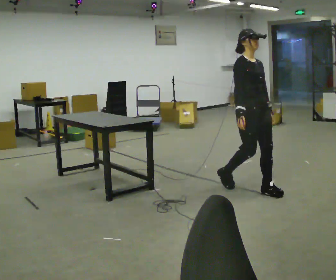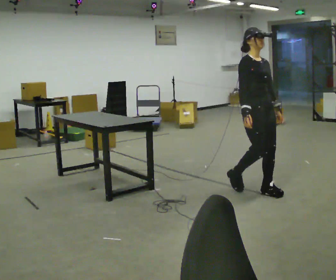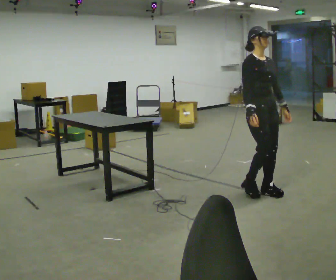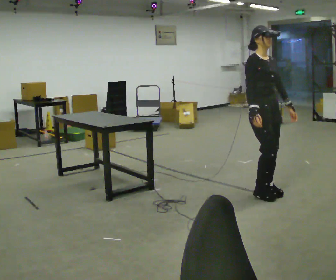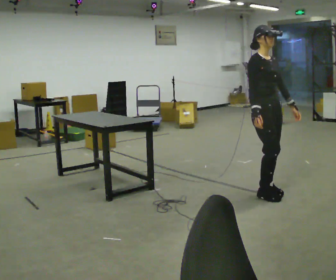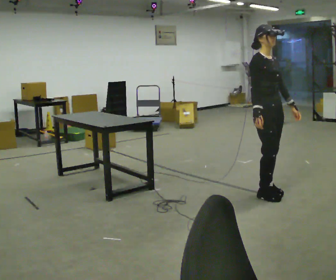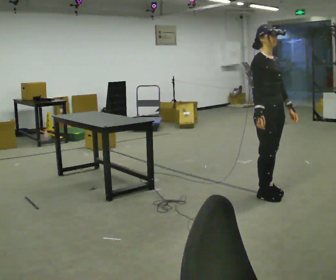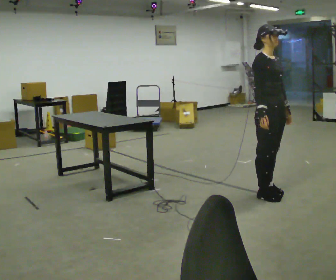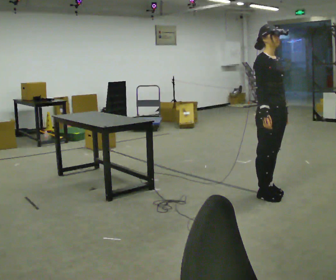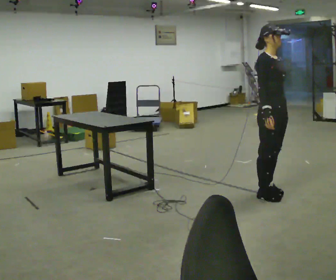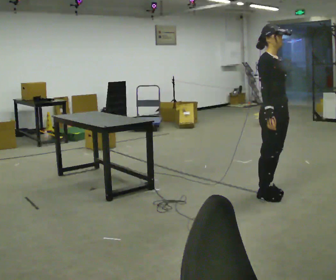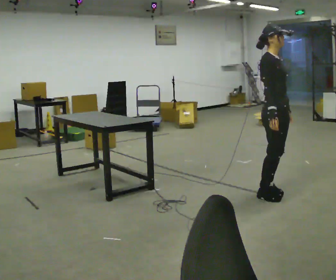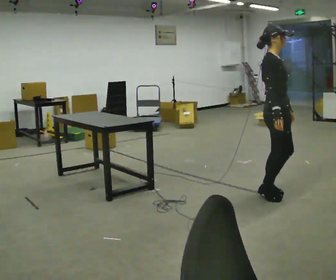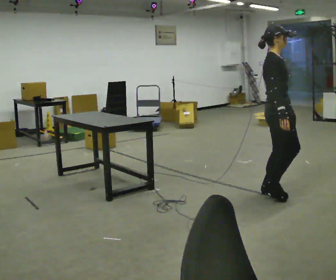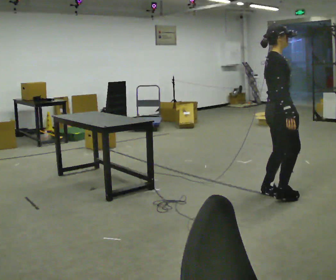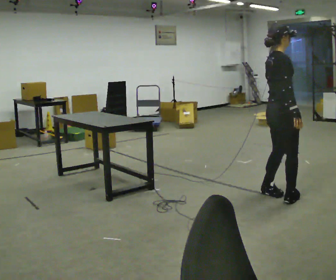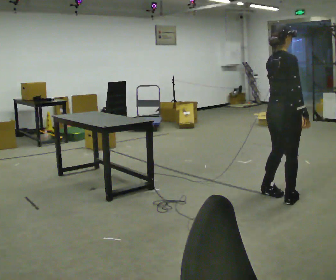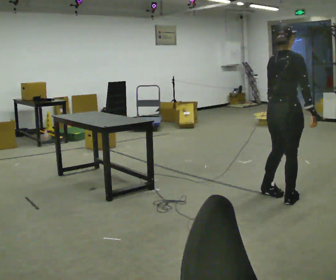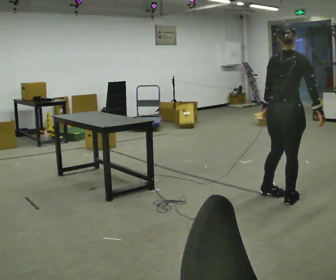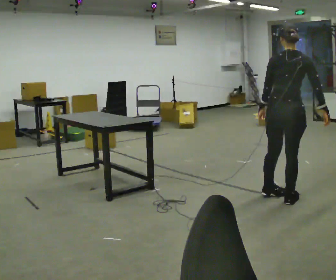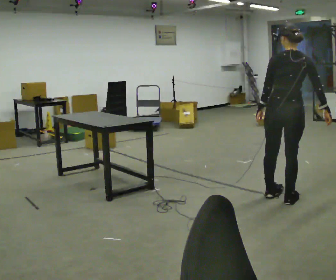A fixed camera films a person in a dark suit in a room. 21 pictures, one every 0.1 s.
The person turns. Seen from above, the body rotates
counterclockwise.
The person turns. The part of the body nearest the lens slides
to the right.
0.0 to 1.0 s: In the picture they go to the right, about 0.25 m in 1 step, which for them is forward.
1.0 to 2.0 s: Seen from above the body turns counterclockwise, about 105 degrees: to their left, with its near side sliding to the right. In the picture they go toward the camera, about 0.25 m in 1 step. In the picture the upper body tilts clockwise, shoulders to the right. In the picture their right hand goes to the right.
The film runs forward here.
